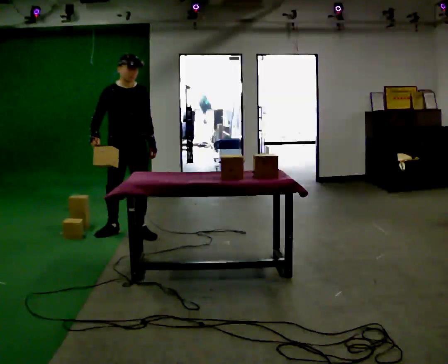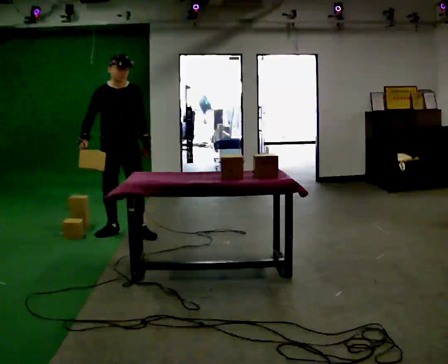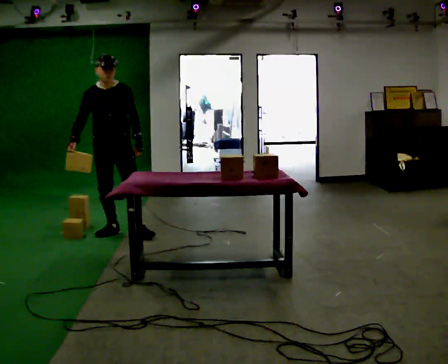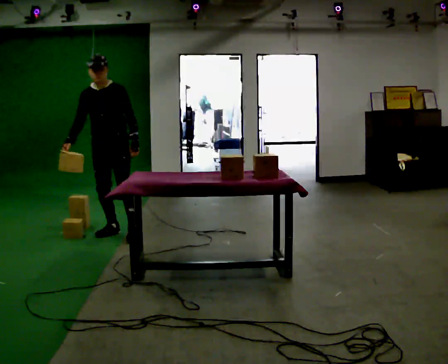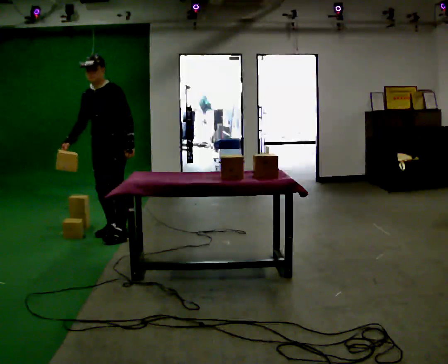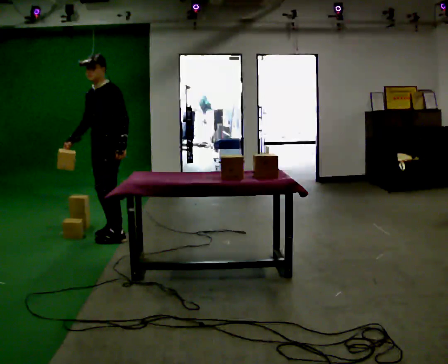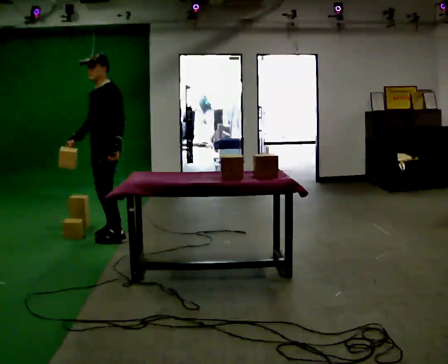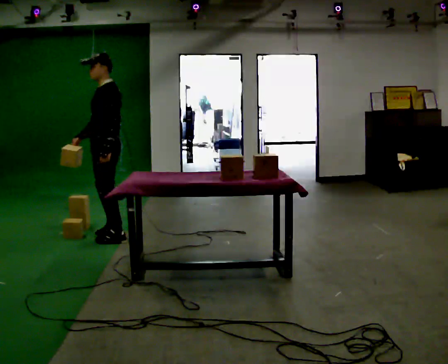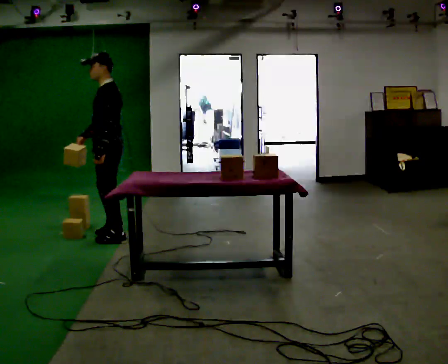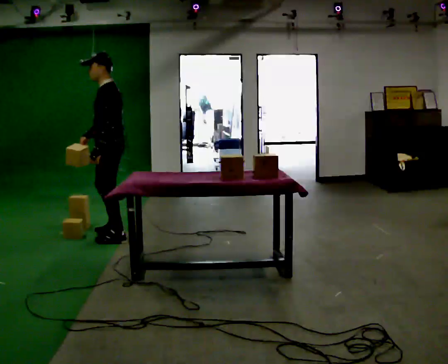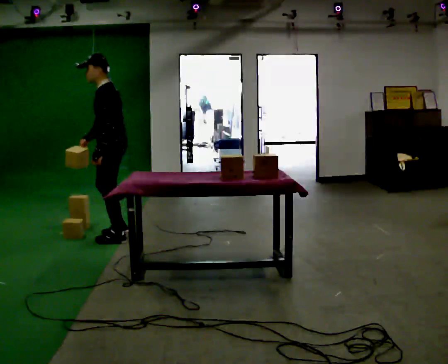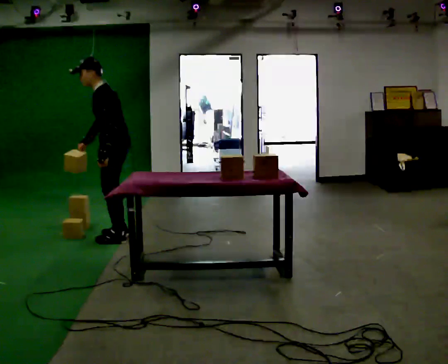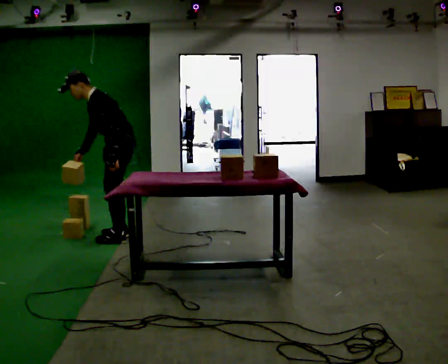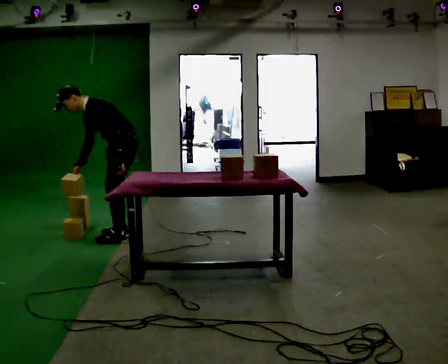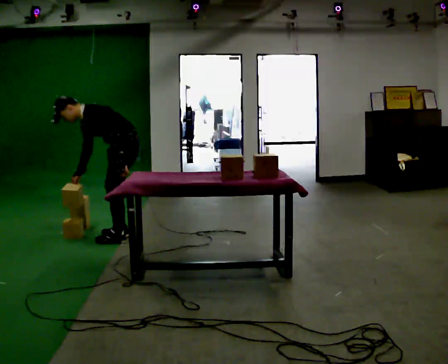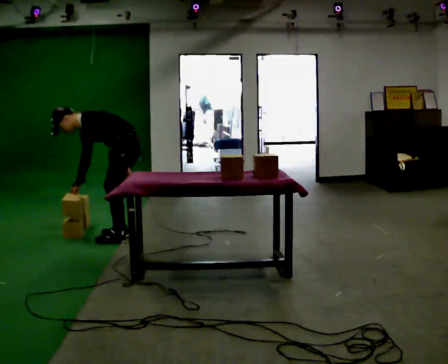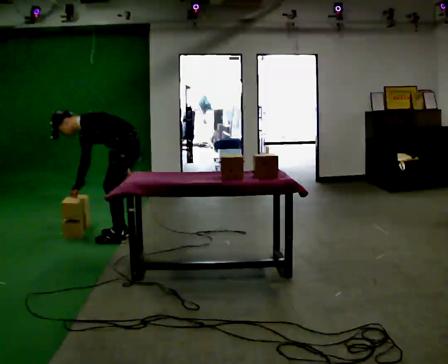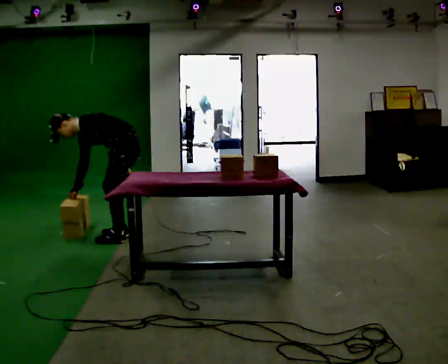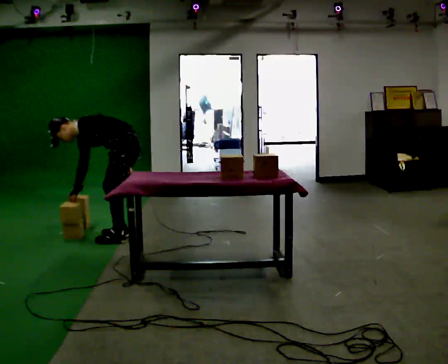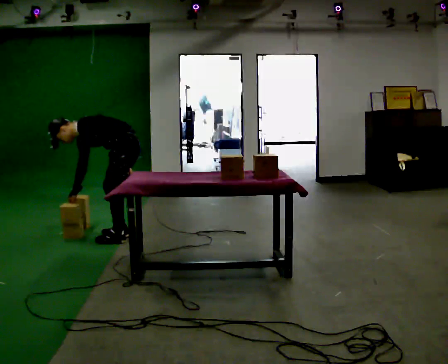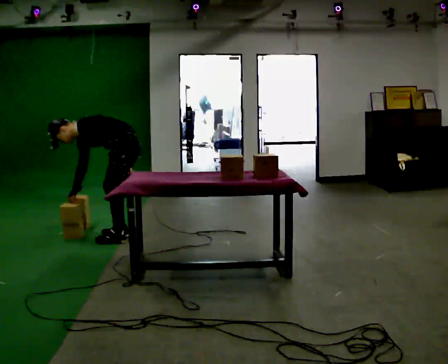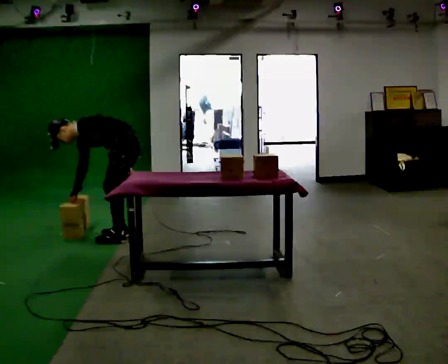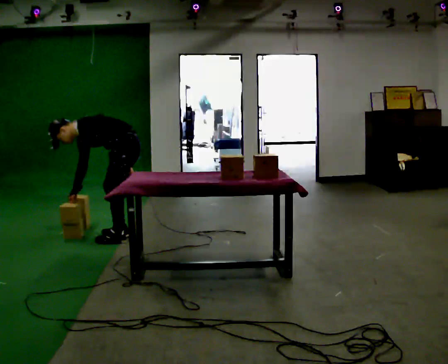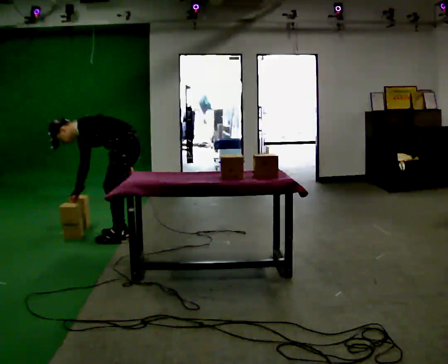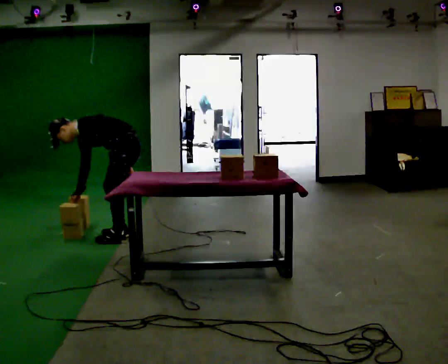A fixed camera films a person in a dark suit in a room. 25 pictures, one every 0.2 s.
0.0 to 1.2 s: Seen from above the body turns clockwise, about 75 degrees: to their right, with its near side sliding to the left. In the picture they go to the left, about 0.25 m in 1 step.
1.2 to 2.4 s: The person turns about 30 degrees to their right, clockwise seen from above, so the part of the body nearest the lens slides to the left. In the picture the upper body tilts counterclockwise, shoulders to the left, as they bend forward.
2.4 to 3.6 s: The shoulders move downward. In the picture the upper body tilts counterclockwise, shoulders to the left, as they bend forward.
3.6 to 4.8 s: The person moves a little, or ends about where they began.
The film runs backward here.
